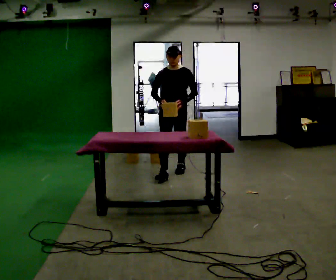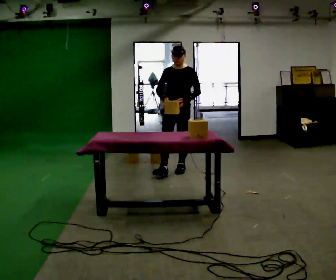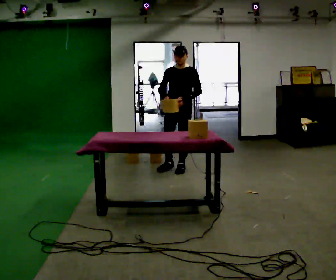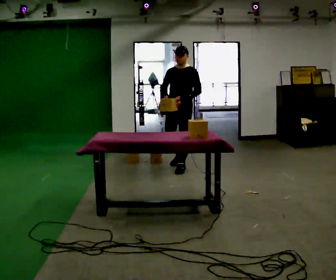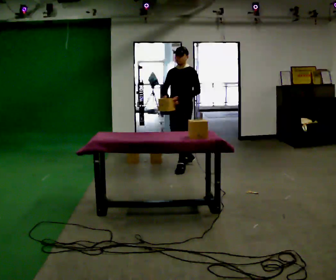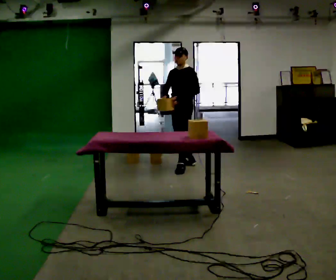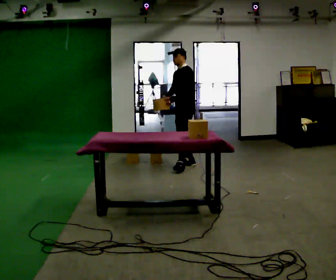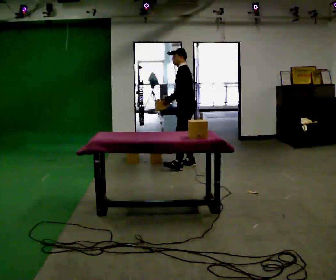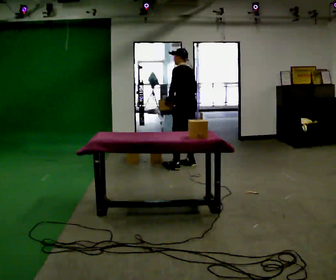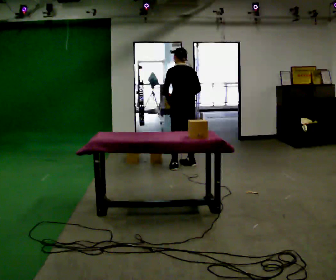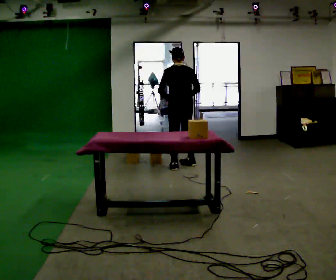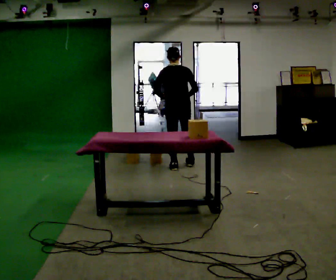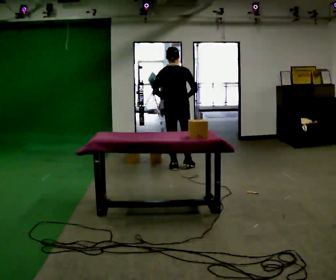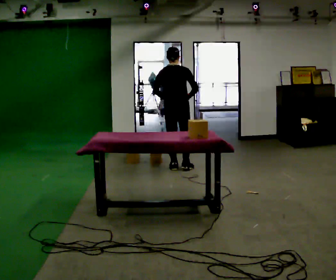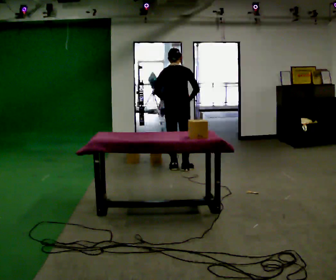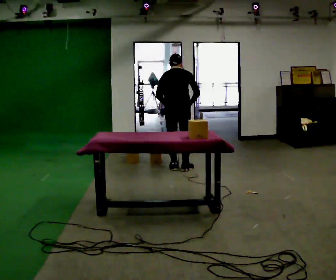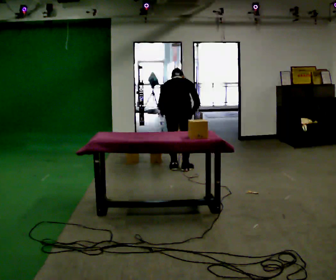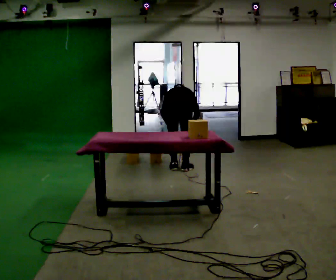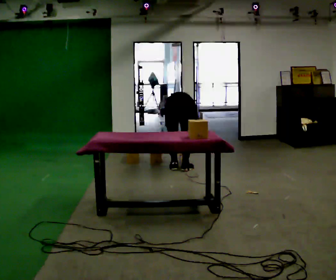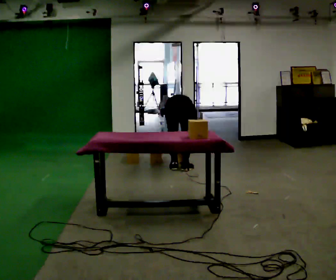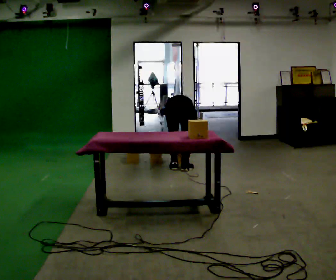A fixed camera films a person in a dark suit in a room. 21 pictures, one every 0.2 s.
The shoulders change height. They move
downward.
The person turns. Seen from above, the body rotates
clockwise.
0.0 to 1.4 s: Seen from above the body turns clockwise, about 90 degrees: to their right, with its near side sliding to the left. In the picture they go away from the camera, about 0.5 m in 1 step.
1.4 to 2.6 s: The part of the body nearest the lens slides to the left as the person turns to their right by about 90 degrees. In the picture they go toward the camera and to the left, about 0.25 m in 1 step.
2.6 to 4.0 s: In the picture they go toward the camera, about 0.25 m, which for them is backward. The shoulders move downward. The upper body tips away from the camera, its near side rolling upward, as they bend forward. In the picture their right hand goes downward.
The film runs backward here.
